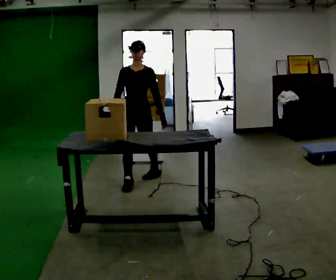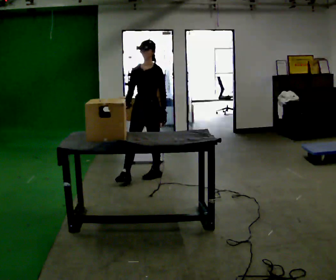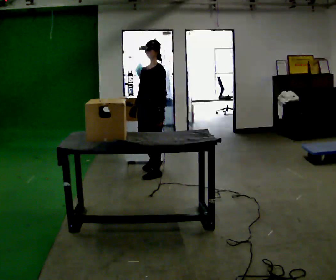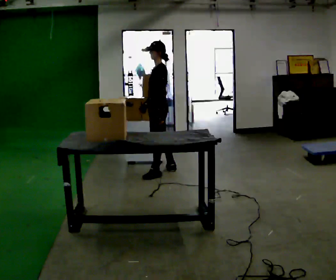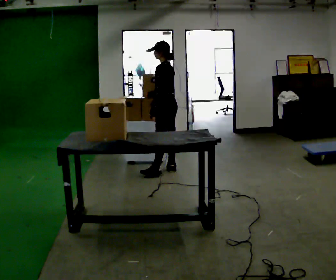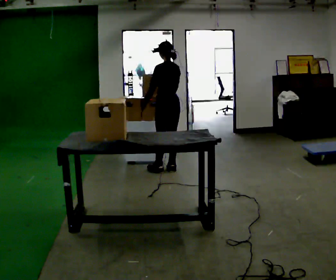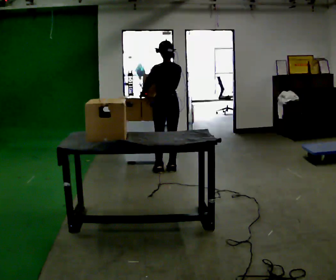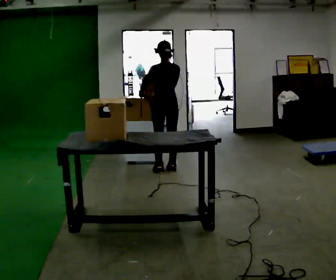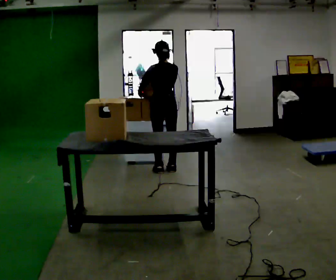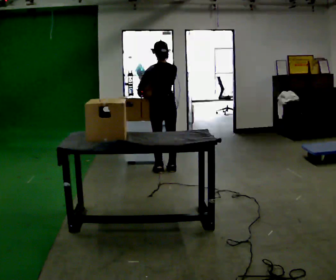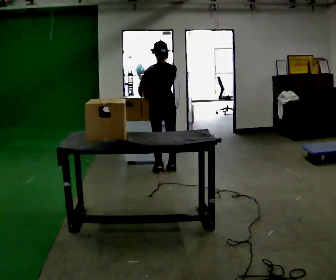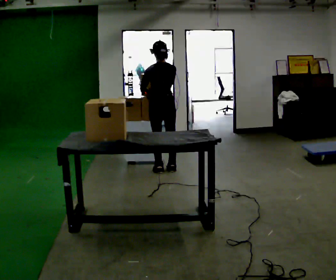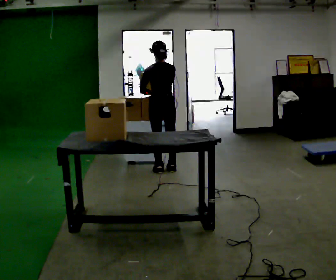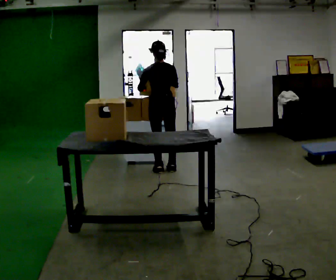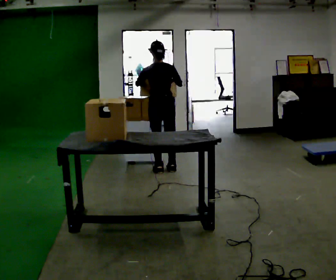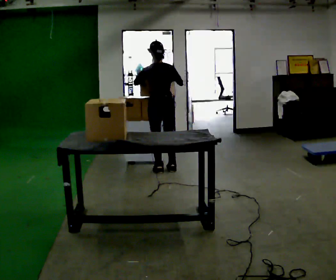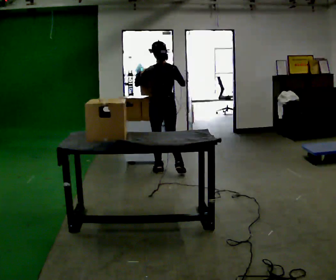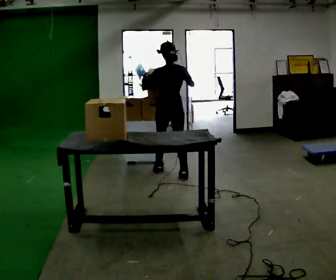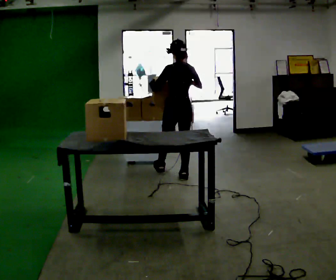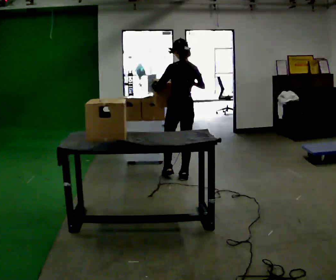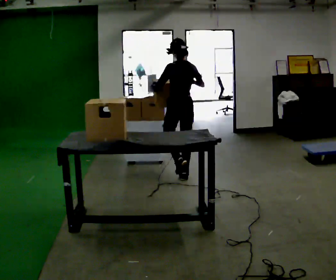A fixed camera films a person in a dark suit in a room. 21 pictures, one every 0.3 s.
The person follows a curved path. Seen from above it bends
clockwise.
0.0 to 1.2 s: The part of the body nearest the lens slides to the left as the person turns to their right by about 105 degrees. In the picture they go away from the camera and to the right, about 0.5 m in 1 step.
1.2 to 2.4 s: The person turns about 60 degrees to their right, clockwise seen from above, so the part of the body nearest the lens slides to the left.
2.4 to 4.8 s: The person moves a little, or ends about where they began.
4.8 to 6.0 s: The part of the body nearest the lens slides to the right as the person turns to their left by about 30 degrees. In the picture they go toward the camera and to the right, about 0.25 m in 1 step, which for them is backward and to their right.
The film runs backward here.
